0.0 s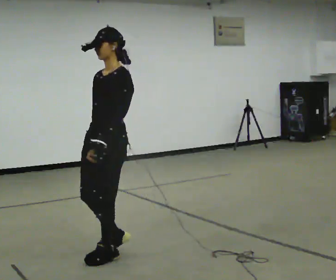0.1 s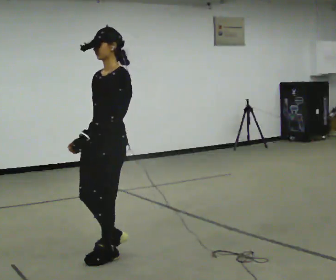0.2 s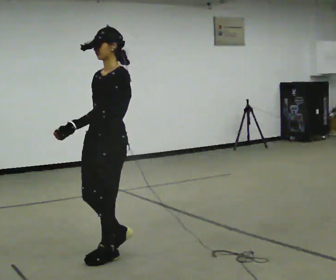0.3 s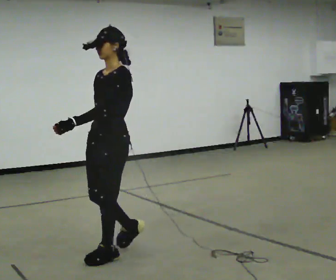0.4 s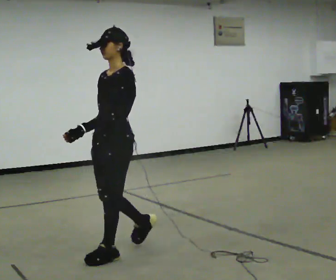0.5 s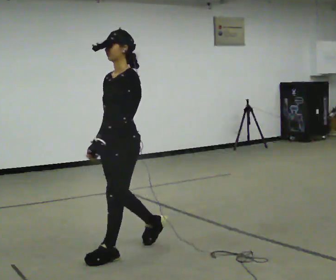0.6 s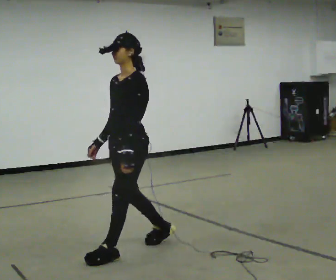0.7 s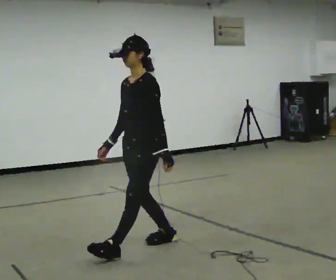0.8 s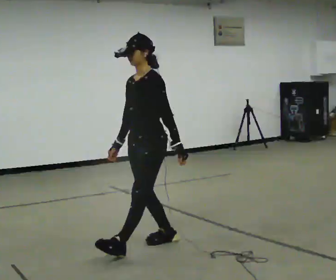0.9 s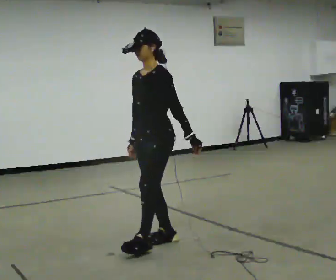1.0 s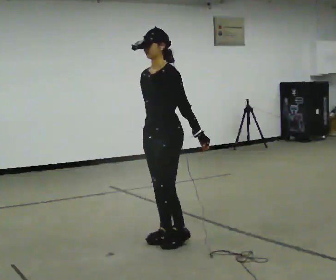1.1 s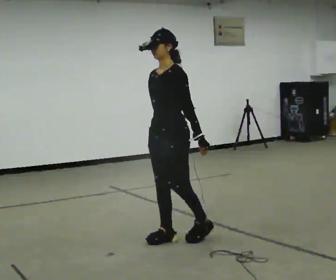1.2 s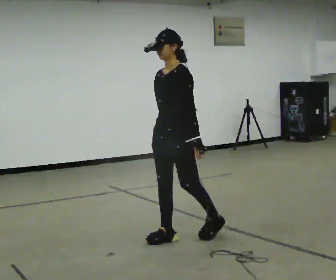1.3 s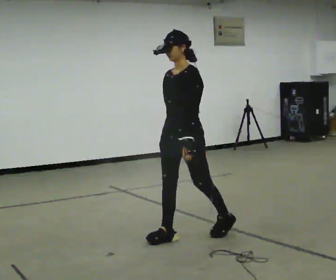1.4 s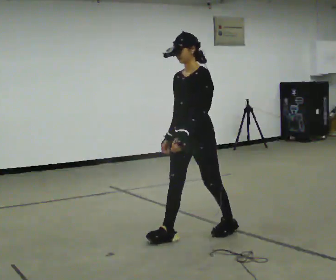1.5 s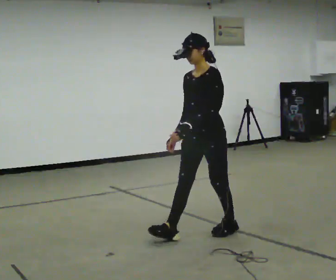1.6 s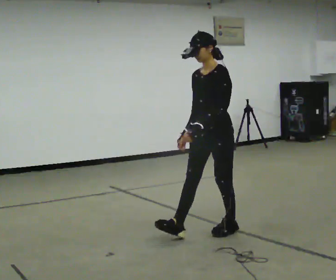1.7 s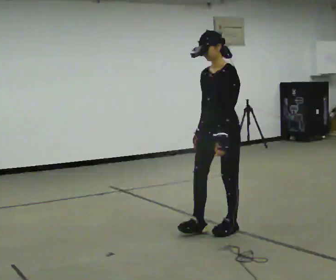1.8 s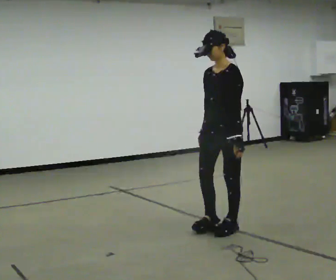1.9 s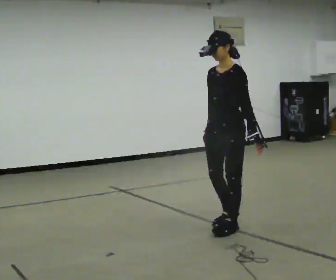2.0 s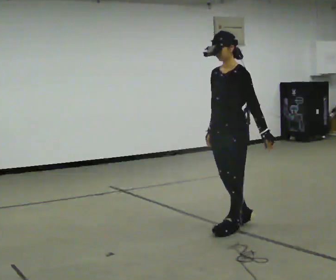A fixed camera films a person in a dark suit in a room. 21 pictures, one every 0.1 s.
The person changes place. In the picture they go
to the right.
0.0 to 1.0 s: In the picture they go to the right and away from the camera, about 0.5 m, which for them is backward.
1.0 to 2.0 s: In the picture they go to the right and away from the camera, about 0.5 m in 1 step, which for them is backward.
The film runs forward here.
